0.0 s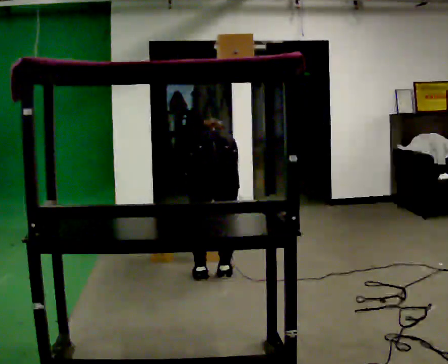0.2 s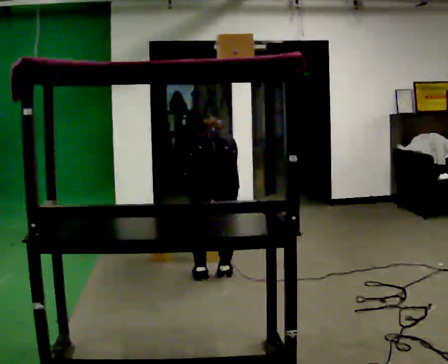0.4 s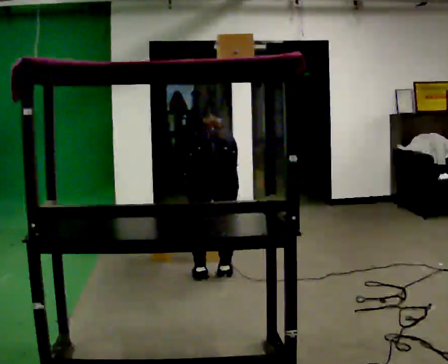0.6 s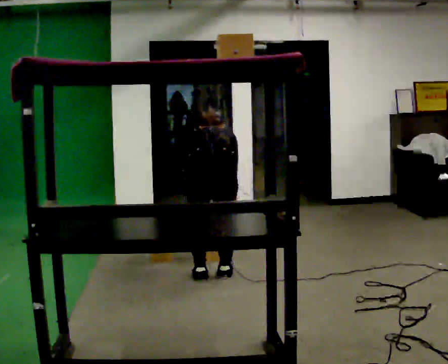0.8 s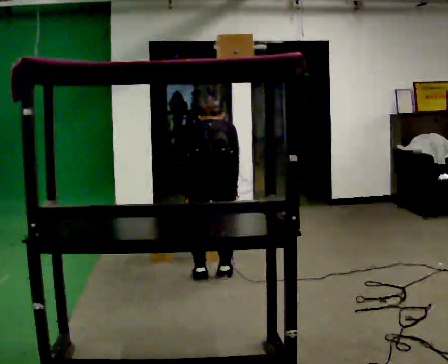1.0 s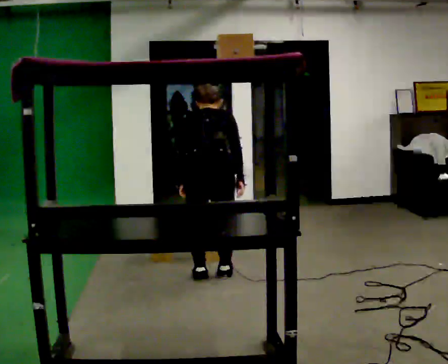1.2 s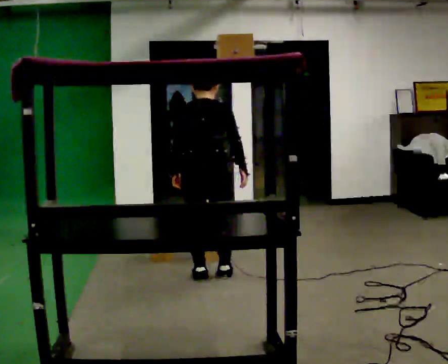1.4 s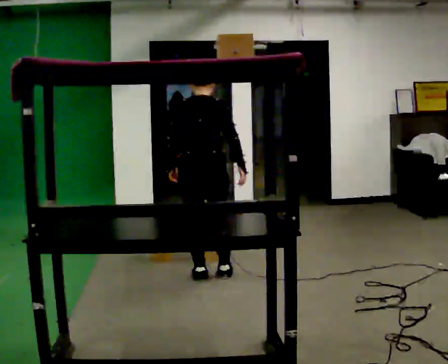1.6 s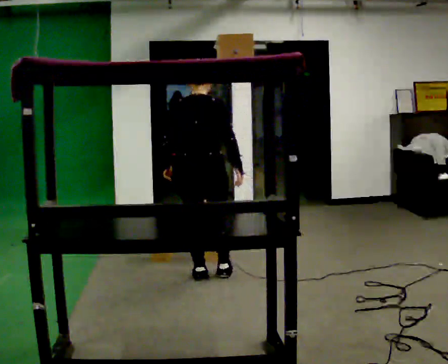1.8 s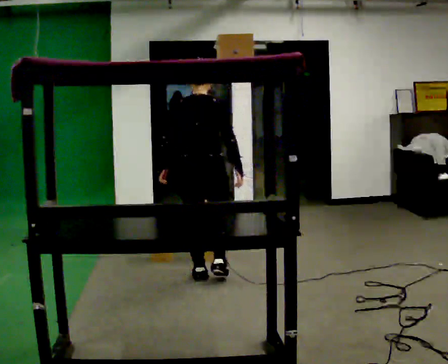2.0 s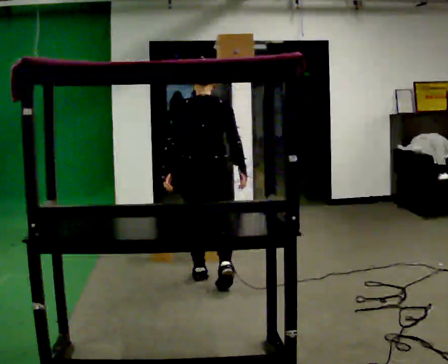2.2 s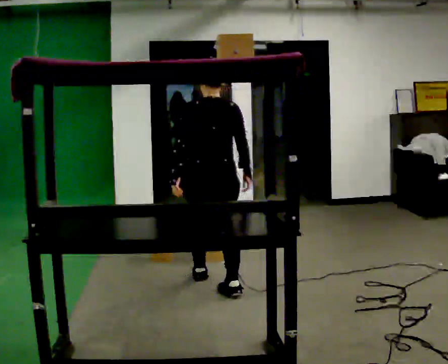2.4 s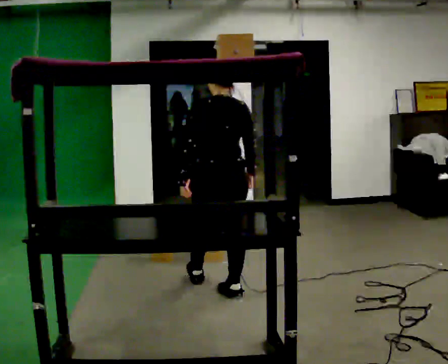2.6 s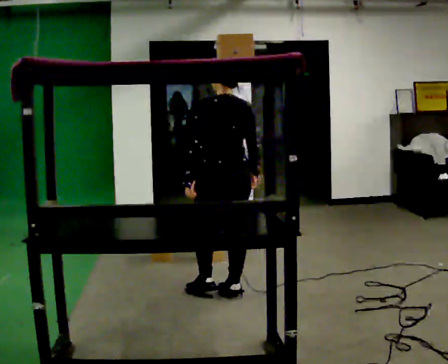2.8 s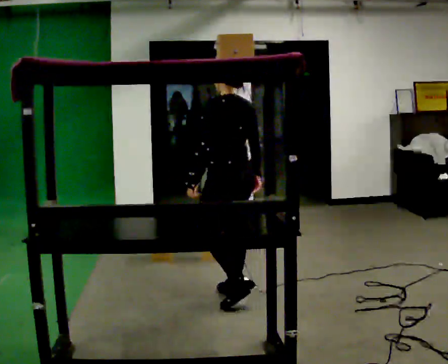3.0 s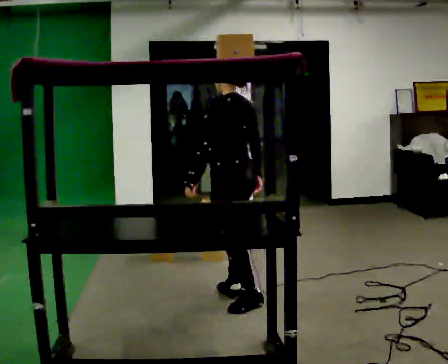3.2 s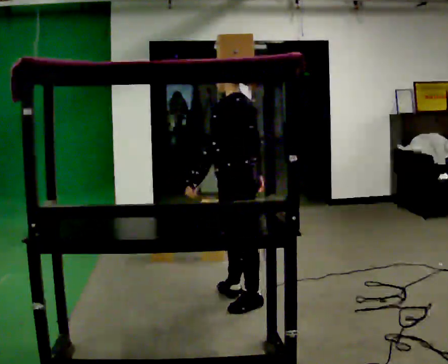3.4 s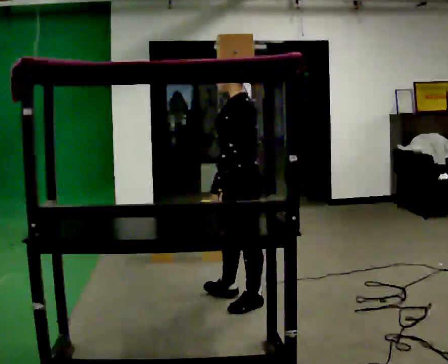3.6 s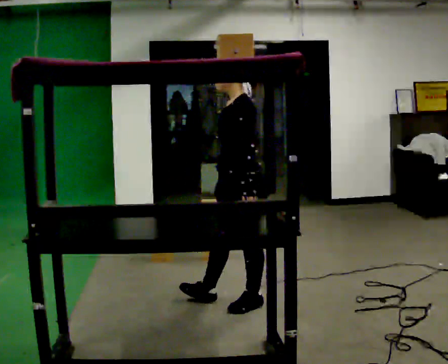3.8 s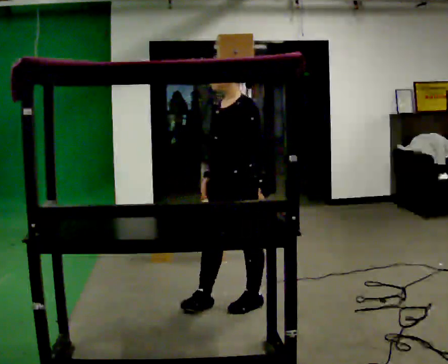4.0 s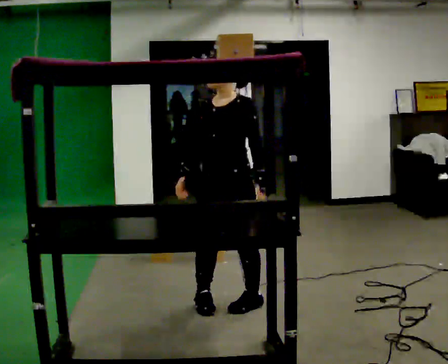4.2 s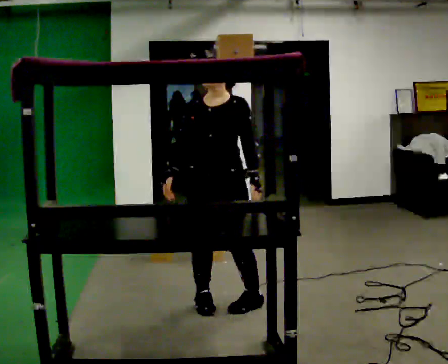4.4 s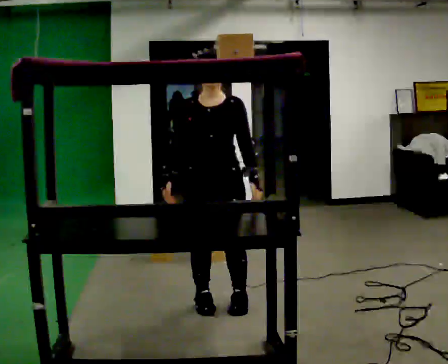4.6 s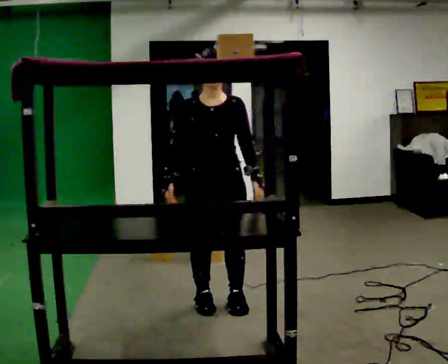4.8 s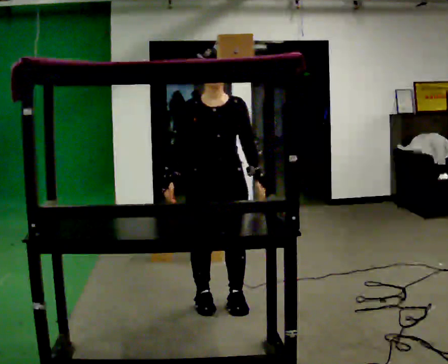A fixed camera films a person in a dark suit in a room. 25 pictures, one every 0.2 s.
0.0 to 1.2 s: The shoulders move upward. The upper body tips toward the camera, its near side rolling downward, as they lean back or straighten. In the picture their right hand goes upward.
1.2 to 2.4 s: In the picture they go toward the camera, about 0.25 m in 2 steps, which for them is backward and to their right. The upper body tips toward the camera, its near side rolling downward, as they lean back or straighten.
2.4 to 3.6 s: The part of the body nearest the lens slides to the right as the person turns to their left by about 75 degrees. In the picture they go toward the camera and to the right, about 0.25 m in 1 step.
3.6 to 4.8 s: The person turns about 90 degrees to their left, counterclockwise seen from above, so the part of the body nearest the lens slides to the right. In the picture they go to the left, about 0.25 m. In the picture their right hand goes to the left.
The film runs backward here.
